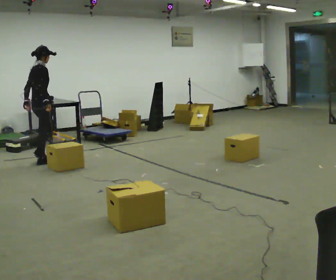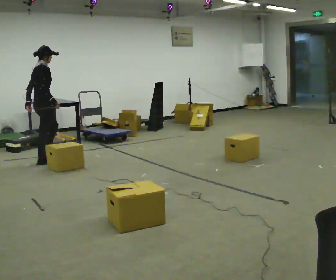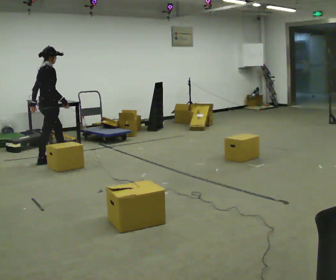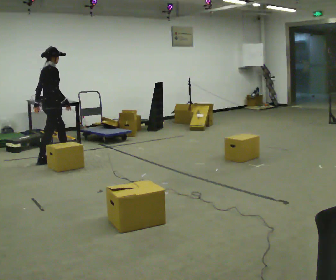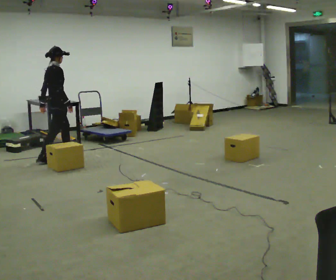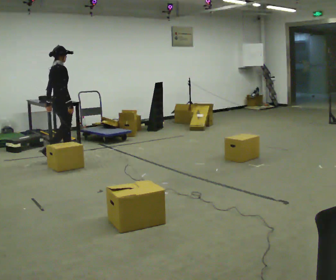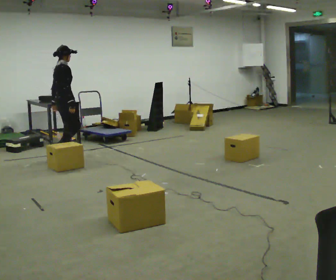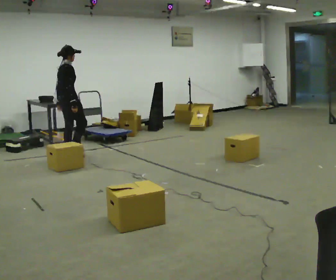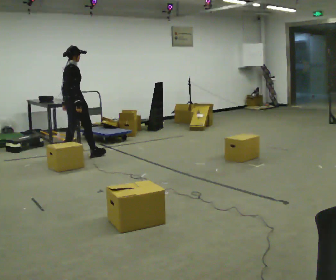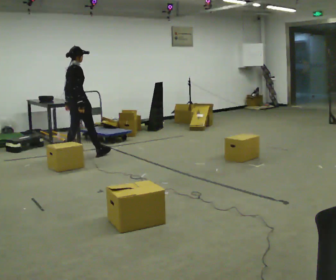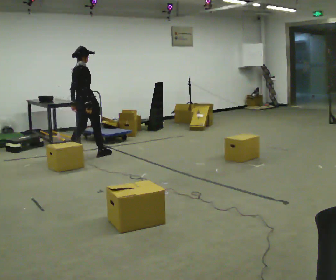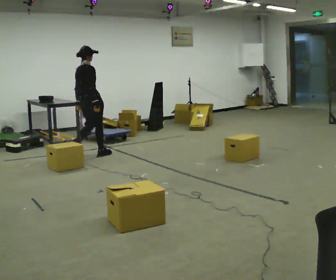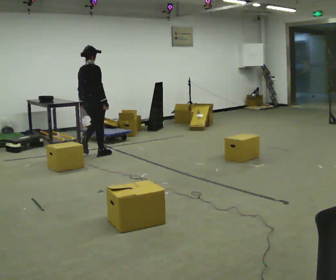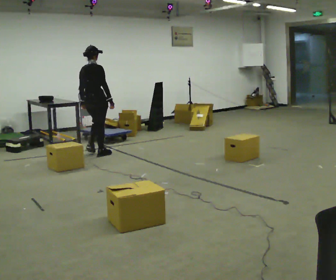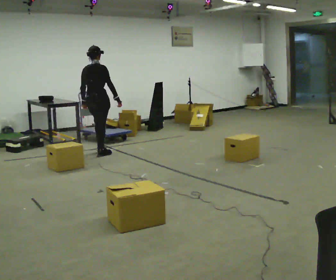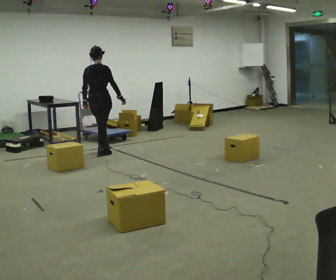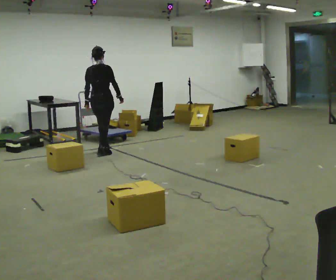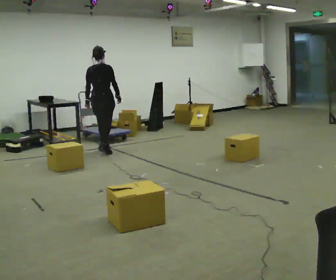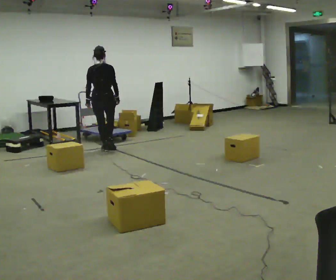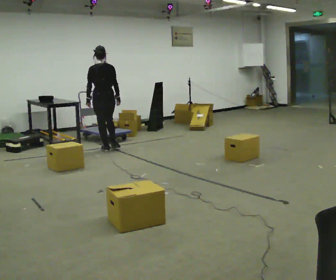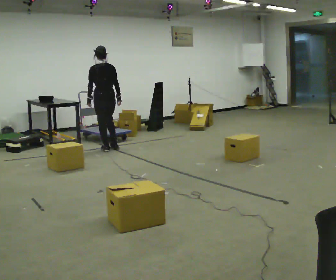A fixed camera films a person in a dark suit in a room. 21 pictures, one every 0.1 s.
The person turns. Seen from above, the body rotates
counterclockwise.
The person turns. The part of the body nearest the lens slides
to the right.
0.0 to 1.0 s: In the picture they go to the right and away from the camera, about 0.5 m in 2 steps, which for them is forward.
1.0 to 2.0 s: The part of the body nearest the lens slides to the right as the person turns to their left by about 75 degrees. In the picture they go away from the camera and to the right, about 0.5 m in 1 step.
The film runs forward here.
